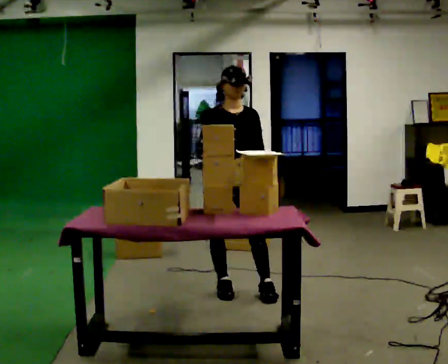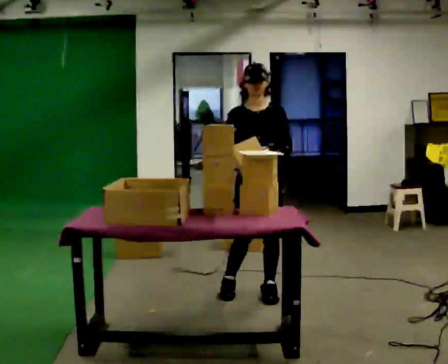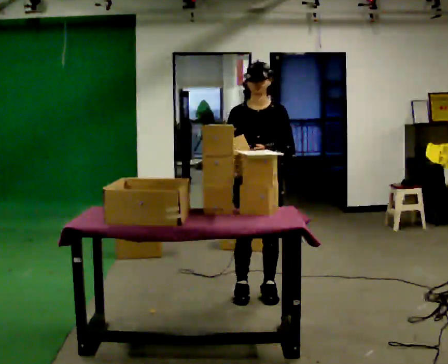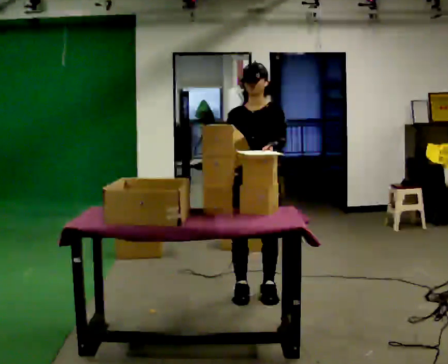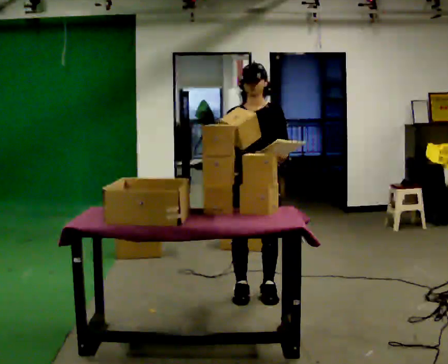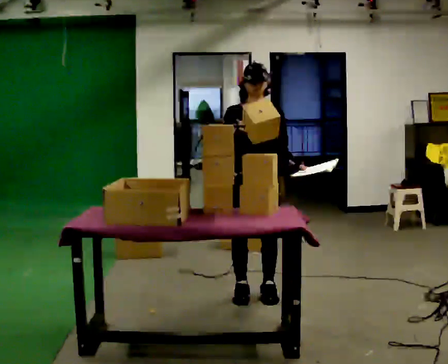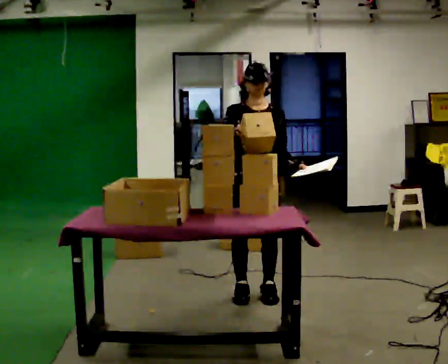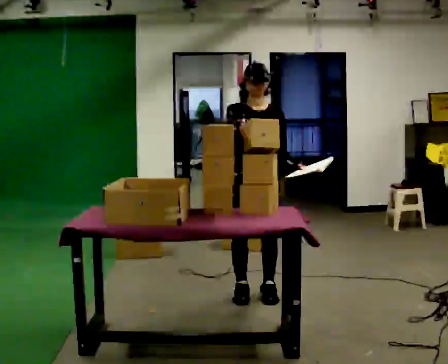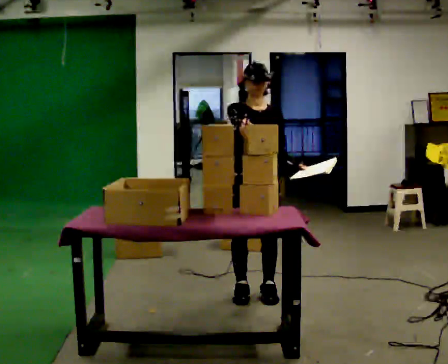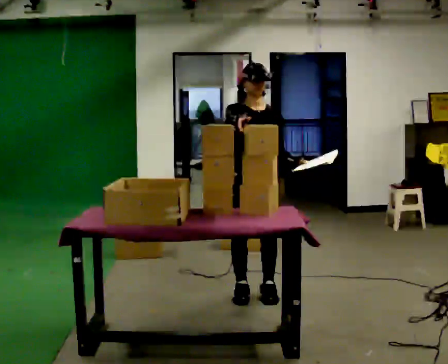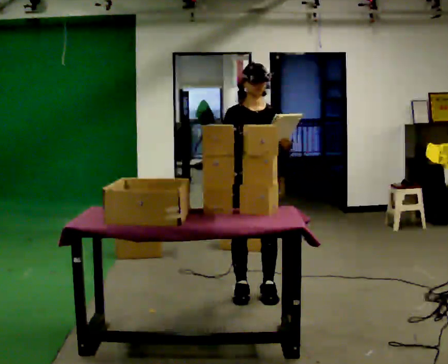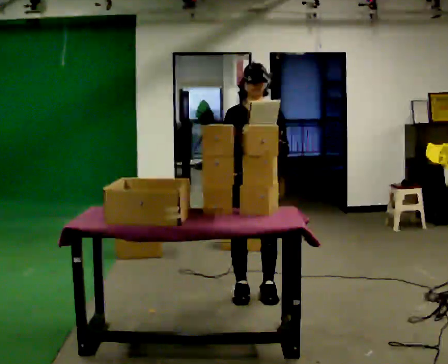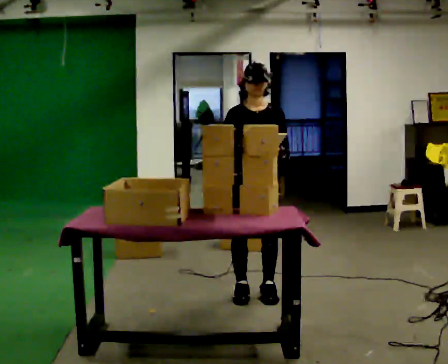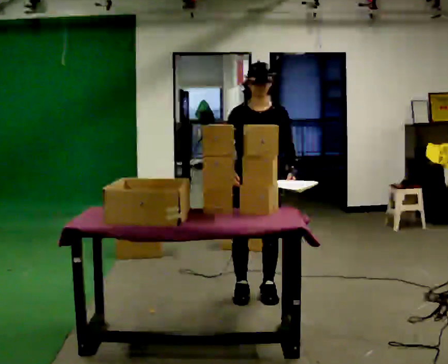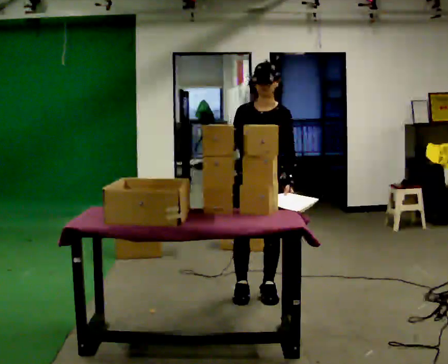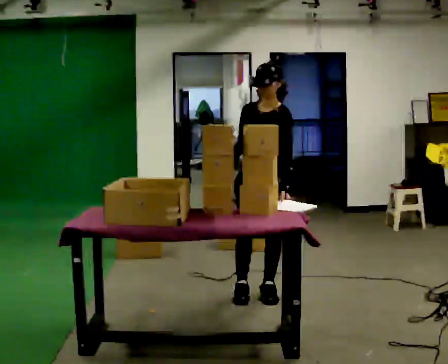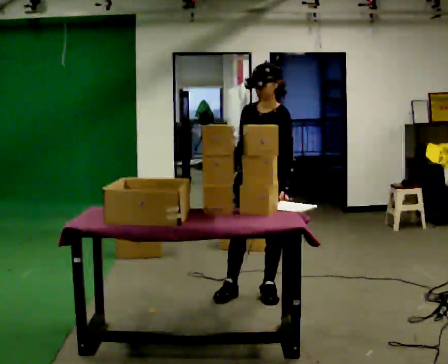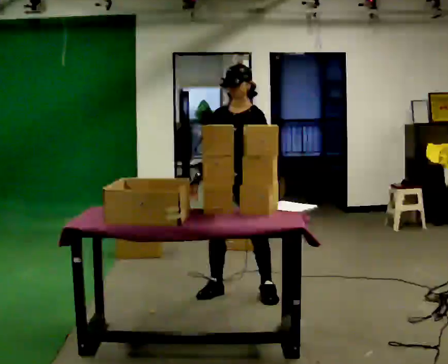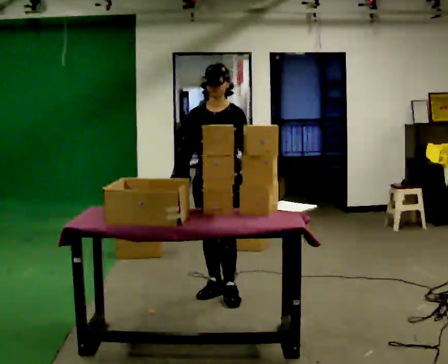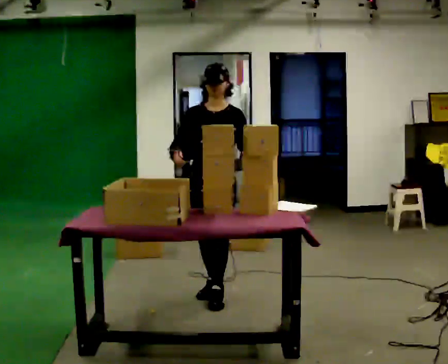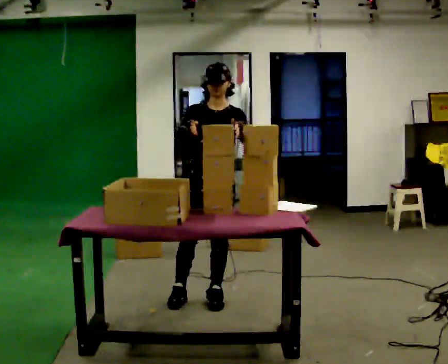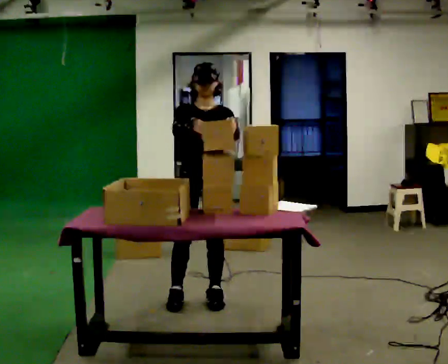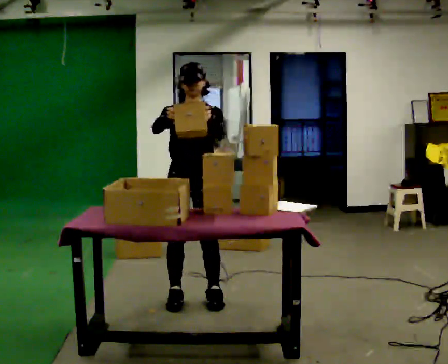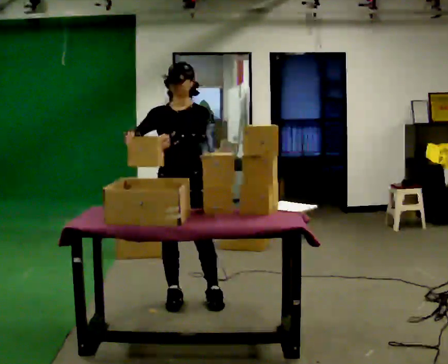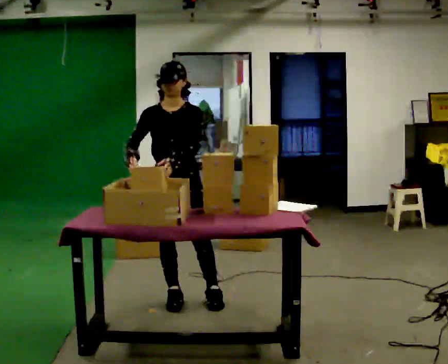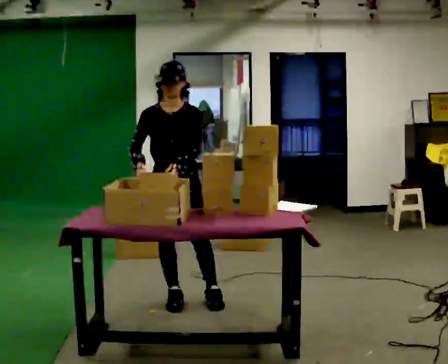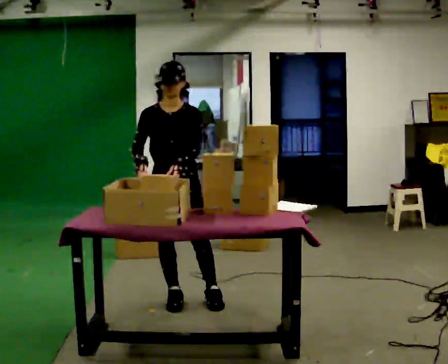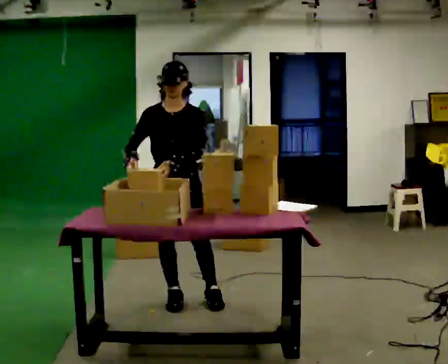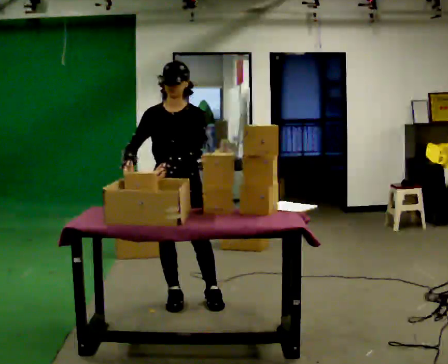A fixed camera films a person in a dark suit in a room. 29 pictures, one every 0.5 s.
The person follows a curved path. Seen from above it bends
clockwise.
0.0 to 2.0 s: Seen from above the body turns clockwise, about 30 degrees: to their right, with its near side sliding to the left. In the picture they go to the right, about 0.25 m in 2 steps, which for them is to their left.
2.0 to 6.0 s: The person moves a little, or ends about where they began.
6.0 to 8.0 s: Seen from above the body turns clockwise, about 30 degrees: to their right, with its near side sliding to the left.
8.0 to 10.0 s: The part of the body nearest the lens slides to the right as the person turns to their left by about 30 degrees. In the picture they go to the left and toward the camera, about 0.25 m in 2 steps, which for them is to their right and forward. In the picture their right hand goes upward.
10.0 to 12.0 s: In the picture they go to the left, about 0.25 m in 1 step, which for them is to their right. In the picture their left hand goes to the left.
12.0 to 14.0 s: The person moves a little, or ends about where they began.
The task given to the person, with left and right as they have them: 1. Read the parts list. 2. Collect each part from the bins around the room. 3. Lay them out on the table in the order on the list. 4. Put them all in the carry case. 5. Tell the operator when you are finished.
The film runs forward here.
